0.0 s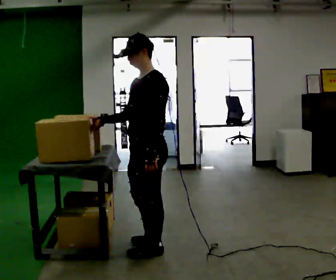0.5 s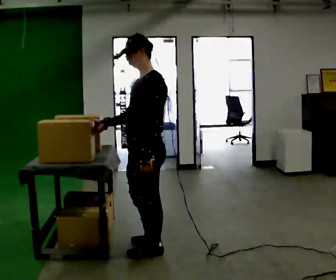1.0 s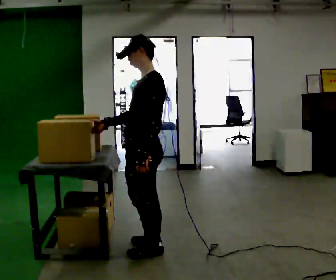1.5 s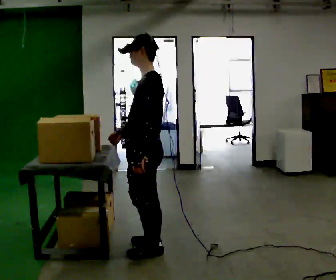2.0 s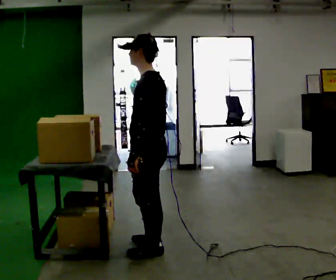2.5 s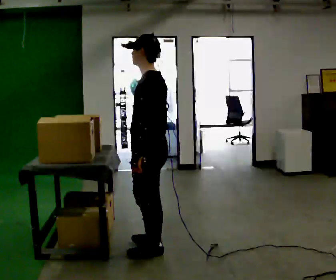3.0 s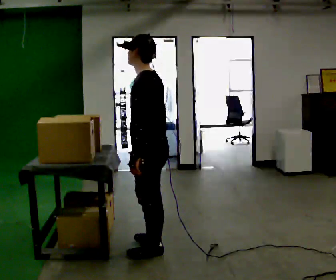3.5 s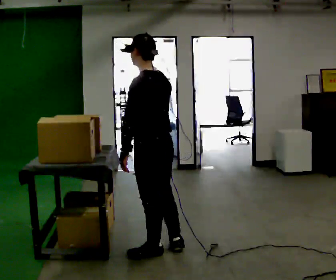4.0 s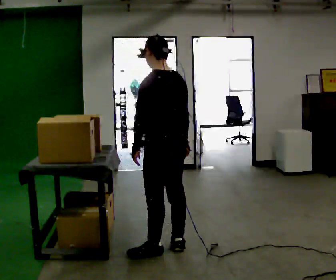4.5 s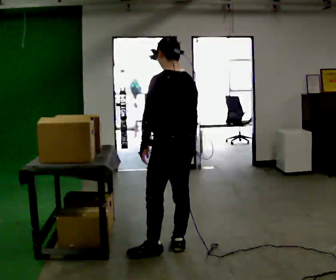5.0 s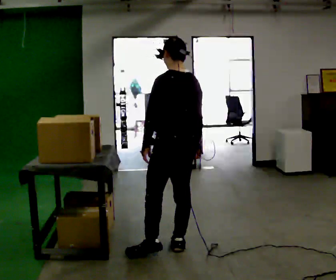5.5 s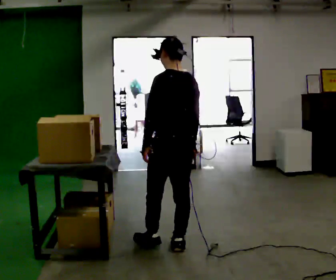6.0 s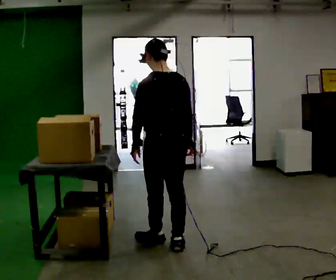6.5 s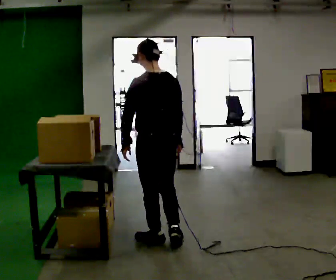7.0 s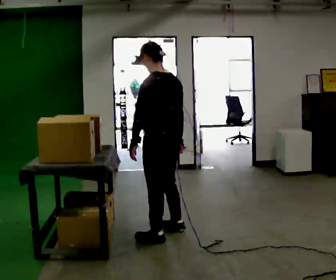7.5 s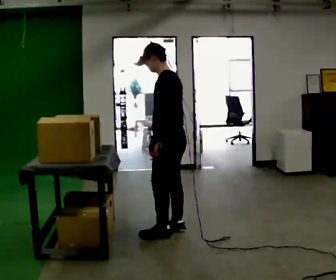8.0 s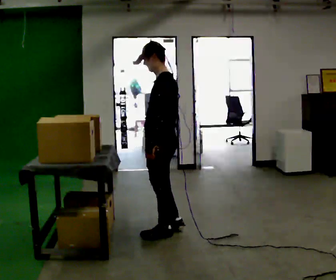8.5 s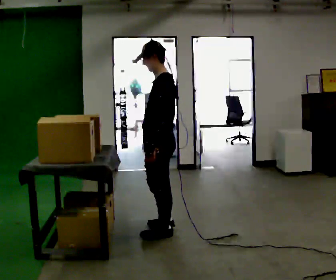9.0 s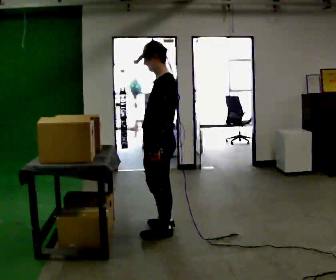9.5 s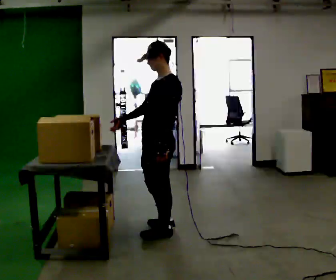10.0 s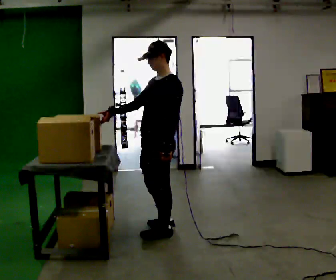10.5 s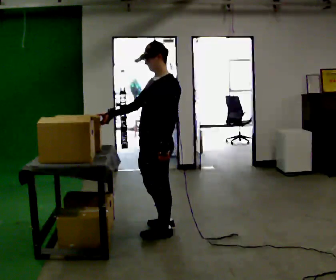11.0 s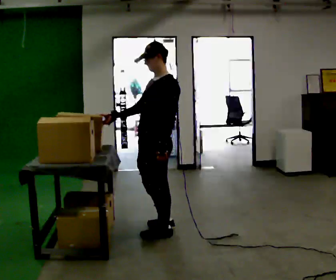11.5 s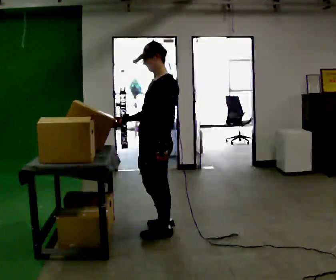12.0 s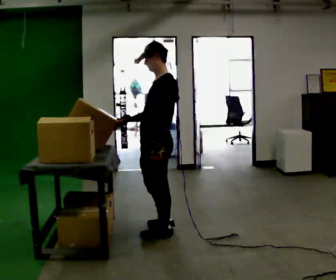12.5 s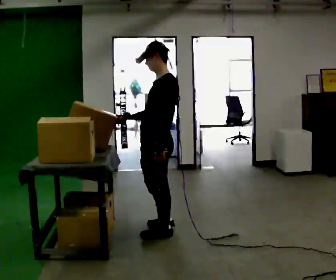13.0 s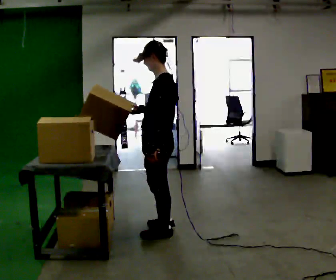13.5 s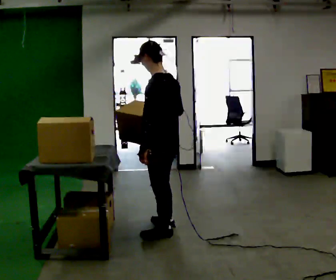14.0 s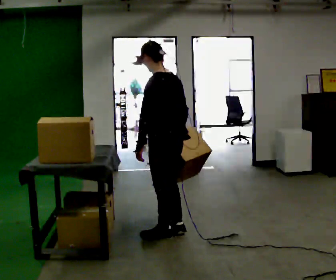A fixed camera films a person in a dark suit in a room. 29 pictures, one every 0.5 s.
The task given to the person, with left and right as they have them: Take the boxes off the top, get the one from the bottom, carry it away, then put the others back. Keep going until the operator says stop; one object at a time, and do not rush between trips.
0.0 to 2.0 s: The person turns about 30 degrees to their right, clockwise seen from above, so the part of the body nearest the lens slides to the left. In the picture their right hand goes to the right, the arm swinging counterclockwise.
2.0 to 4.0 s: Seen from above the body turns clockwise, about 30 degrees: to their right, with its near side sliding to the left.
4.0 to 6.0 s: The person moves a little, or ends about where they began.
6.0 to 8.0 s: The part of the body nearest the lens slides to the right as the person turns to their left by about 60 degrees. In the picture they go away from the camera, about 0.25 m in 2 steps, which for them is to their right and forward.
8.0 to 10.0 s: The part of the body nearest the lens slides to the right as the person turns to their left by about 30 degrees. In the picture their right hand goes to the left, the arm swinging clockwise.
10.0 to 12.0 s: The person moves a little, or ends about where they began.
12.0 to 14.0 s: The person turns about 45 degrees to their right, clockwise seen from above, so the part of the body nearest the lens slides to the left. In the picture their right hand goes to the right.
The film runs forward here.
